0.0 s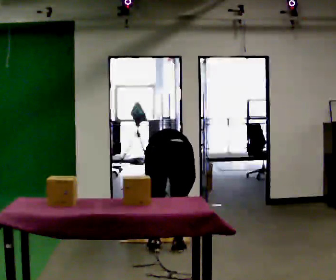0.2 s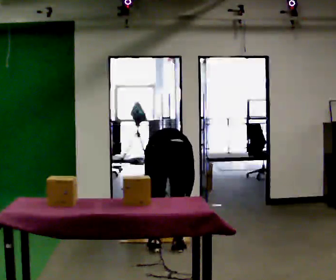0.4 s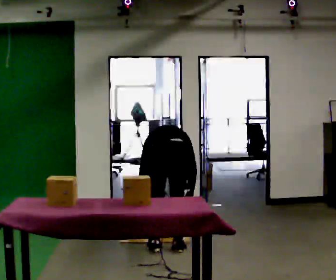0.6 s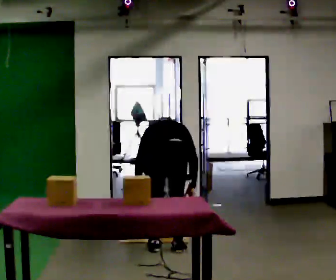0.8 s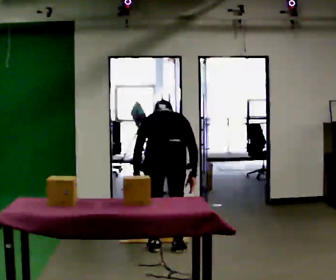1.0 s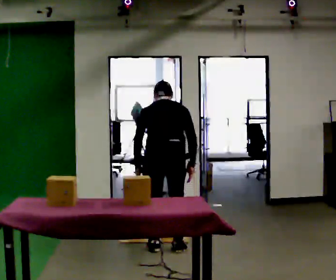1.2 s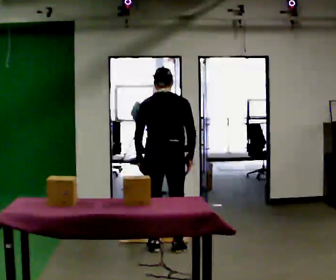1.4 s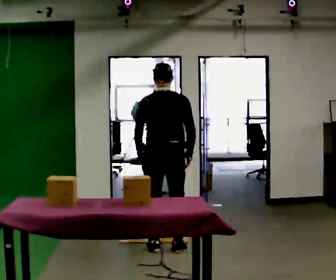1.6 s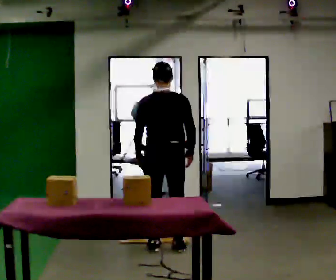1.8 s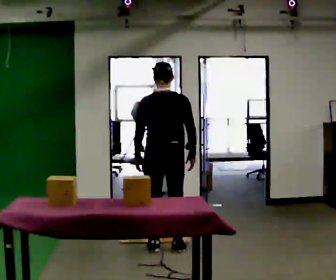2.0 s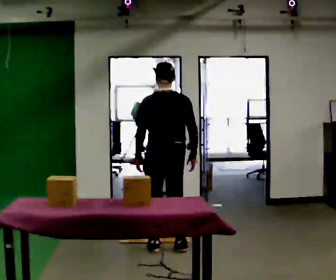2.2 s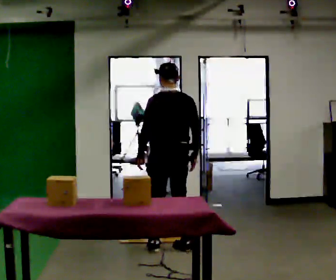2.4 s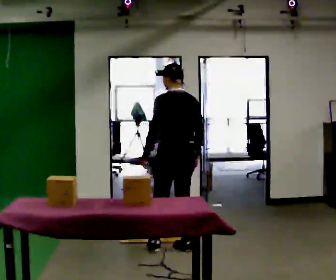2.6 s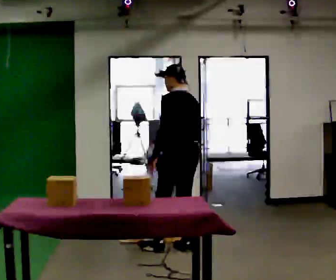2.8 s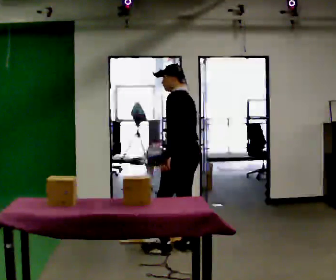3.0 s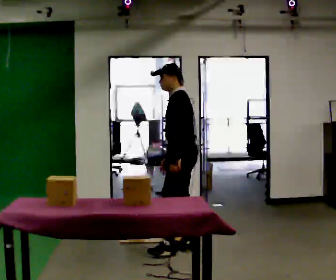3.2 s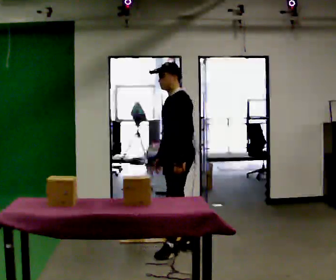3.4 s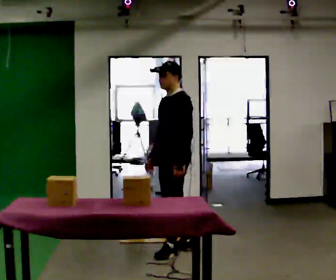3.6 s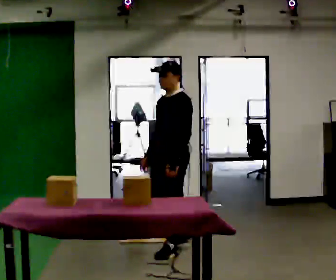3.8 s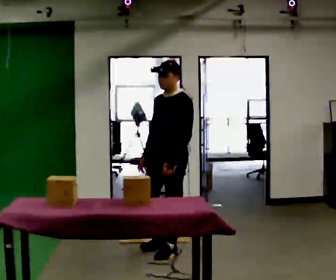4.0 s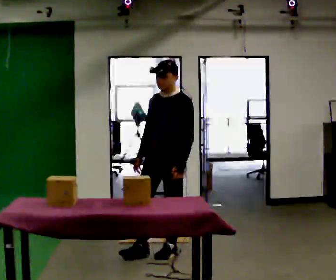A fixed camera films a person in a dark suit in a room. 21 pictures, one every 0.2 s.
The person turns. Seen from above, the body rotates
counterclockwise.
The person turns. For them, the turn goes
to their left.
0.0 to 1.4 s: In the picture they go away from the camera, about 0.25 m, which for them is forward. The upper body goes upward. The upper body tips toward the camera, its near side rolling downward, as they lean back or straighten. In the picture their left hand goes upward.
1.4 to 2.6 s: Seen from above the body turns counterclockwise, about 45 degrees: to their left, with its near side sliding to the right. In the picture they go to the right, about 0.25 m, which for them is to their right.
2.6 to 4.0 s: The part of the body nearest the lens slides to the right as the person turns to their left by about 90 degrees. In the picture they go toward the camera, about 0.25 m in 1 step.
The film runs forward here.
